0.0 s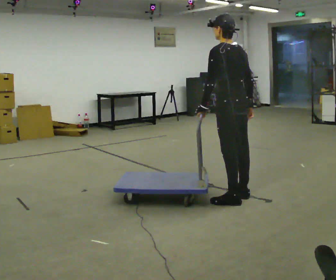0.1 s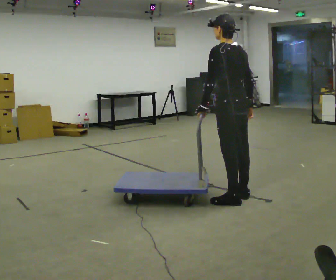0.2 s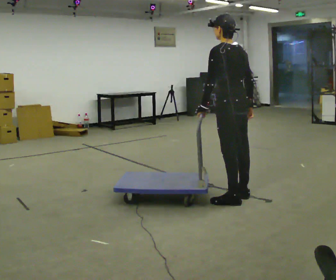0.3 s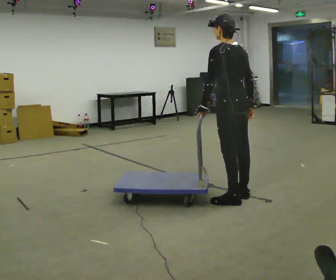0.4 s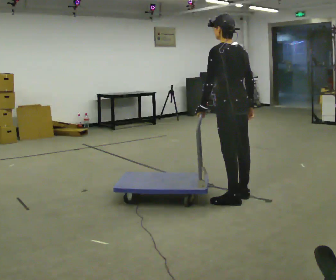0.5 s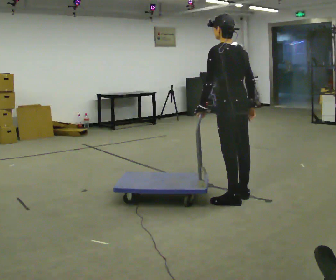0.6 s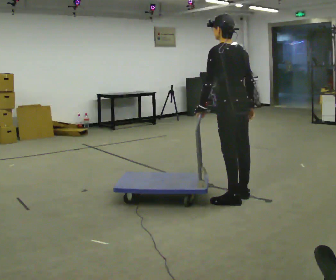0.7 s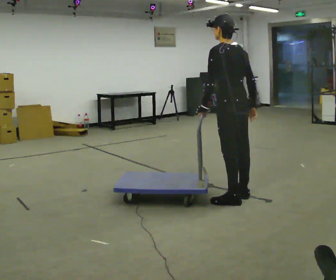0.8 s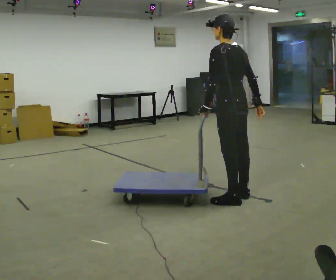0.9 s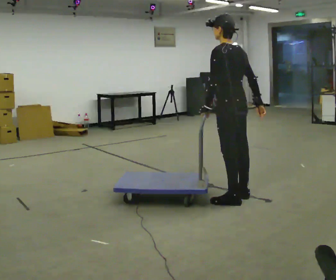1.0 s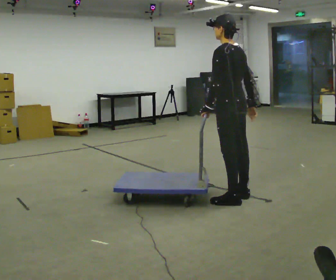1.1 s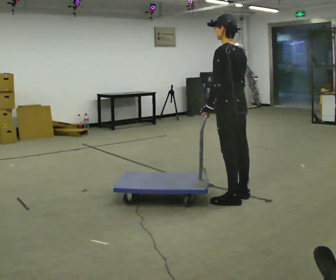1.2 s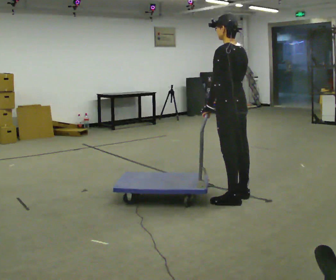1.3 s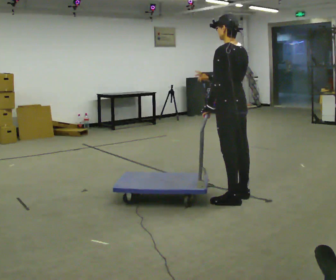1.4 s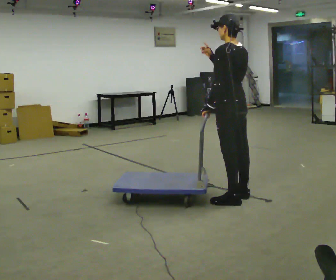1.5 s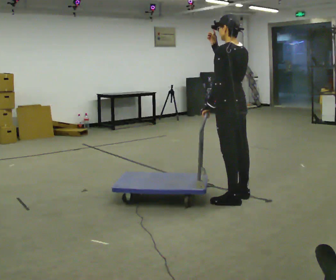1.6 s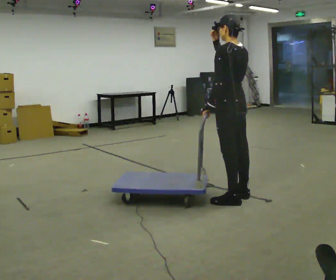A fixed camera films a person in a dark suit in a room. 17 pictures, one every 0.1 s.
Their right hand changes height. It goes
upward.
0.0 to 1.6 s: In the picture their right hand goes upward and to the left.
The film runs backward here.
